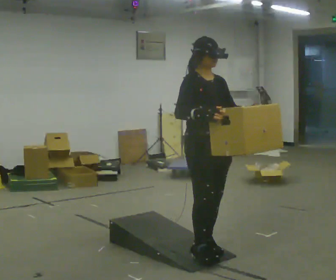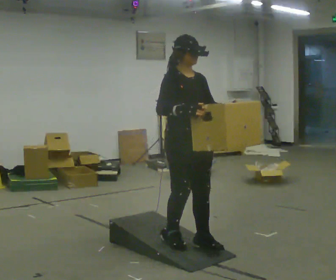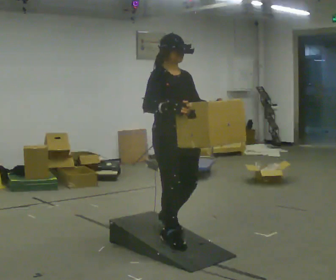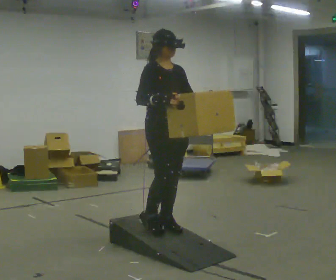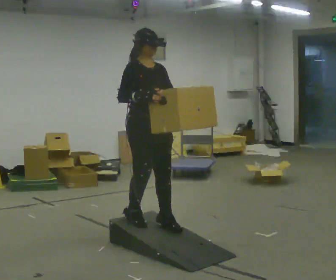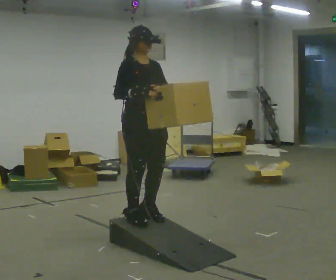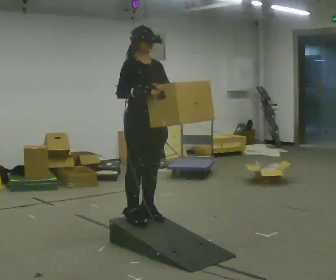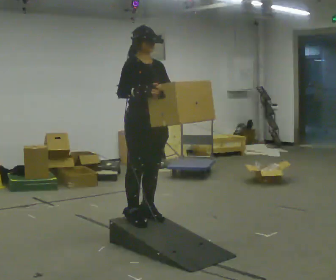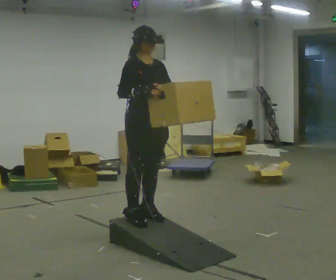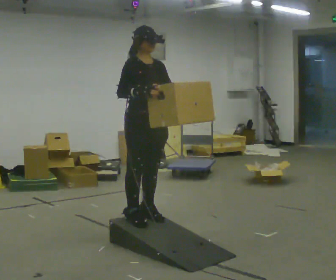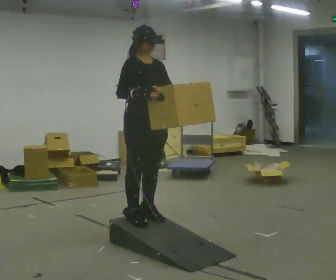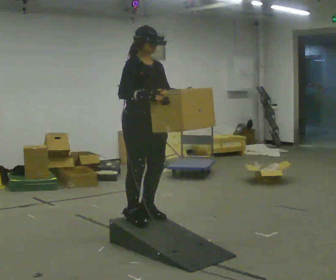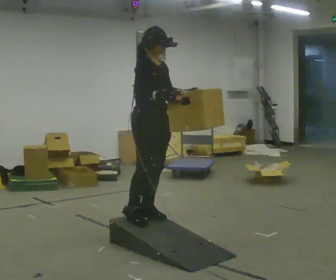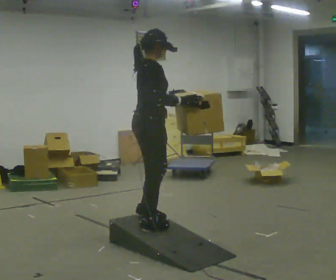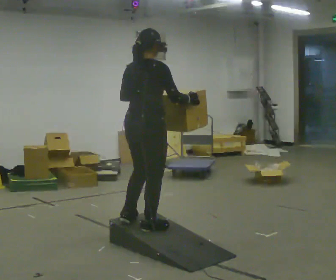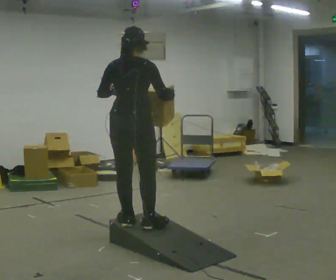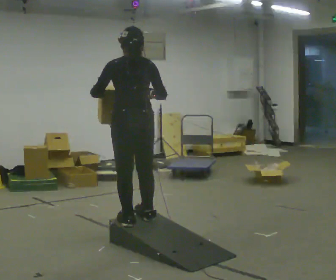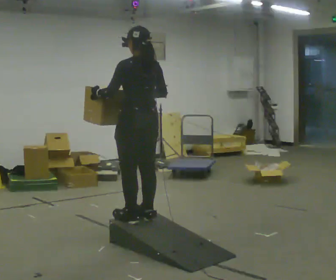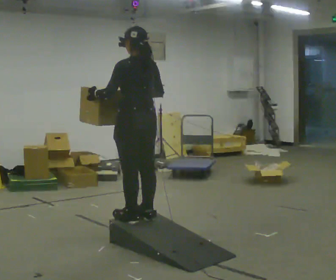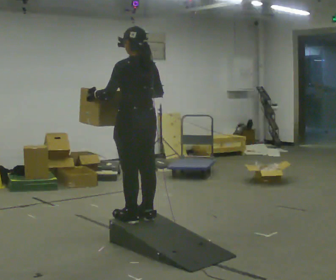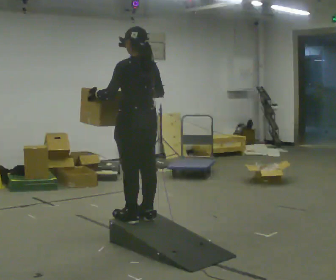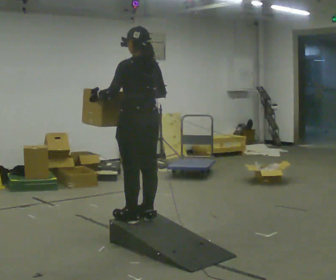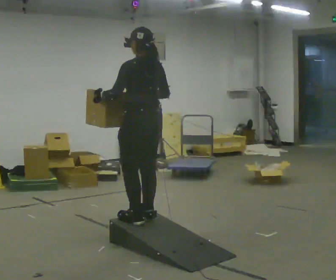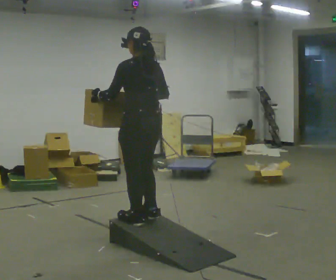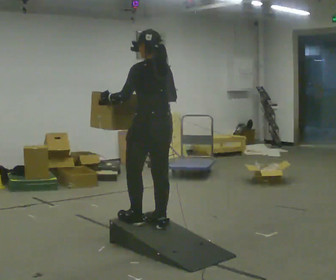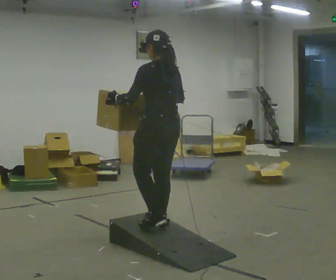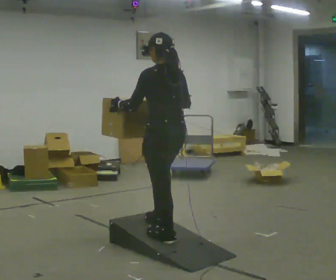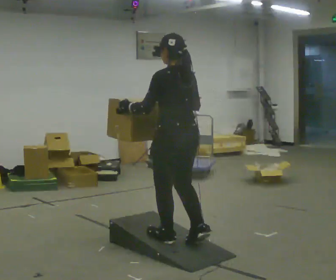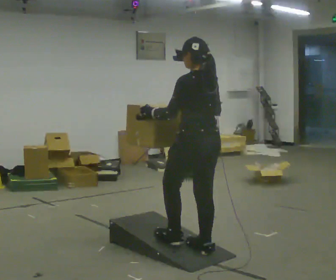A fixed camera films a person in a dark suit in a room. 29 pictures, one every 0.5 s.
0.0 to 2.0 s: In the picture they go to the left and away from the camera, about 0.5 m in 2 steps, which for them is backward.
2.0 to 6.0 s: The person moves a little, or ends about where they began.
6.0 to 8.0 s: The person turns about 135 degrees to their left, counterclockwise seen from above, so the part of the body nearest the lens slides to the right. In the picture their left hand goes to the left.
8.0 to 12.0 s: The part of the body nearest the lens slides to the right as the person turns to their left by about 30 degrees. In the picture they go to the right, about 0.25 m in 1 step, which for them is to their right.
12.0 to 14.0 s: In the picture they go toward the camera and to the right, about 0.5 m in 3 steps, which for them is backward.
The film runs backward here.
